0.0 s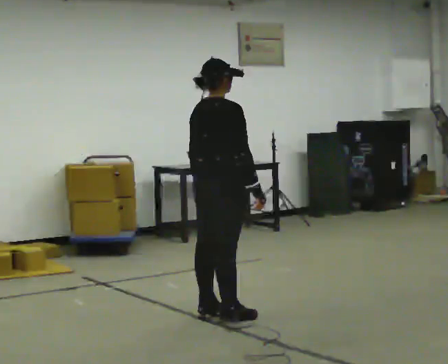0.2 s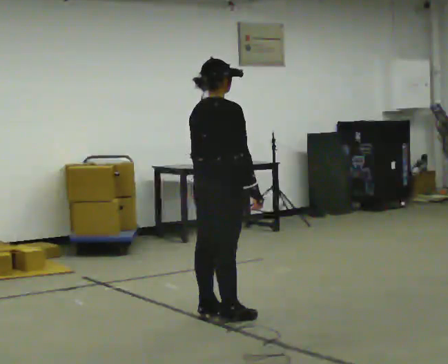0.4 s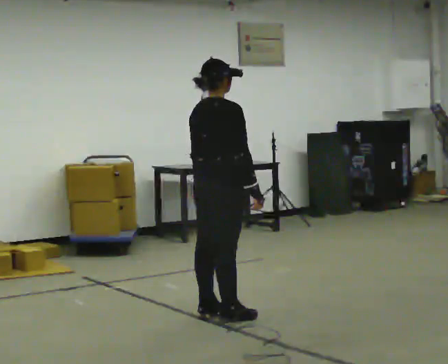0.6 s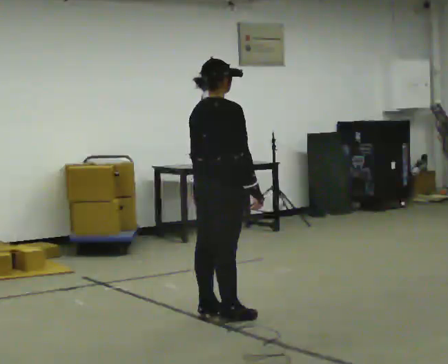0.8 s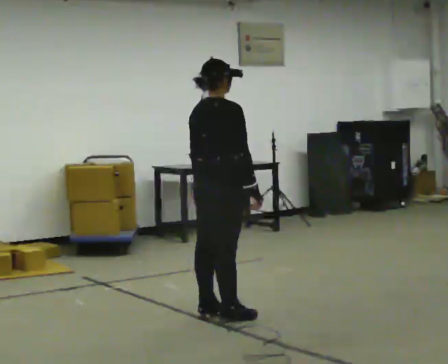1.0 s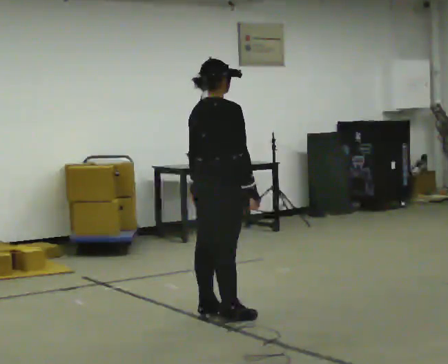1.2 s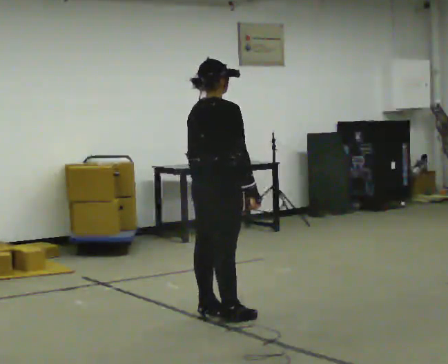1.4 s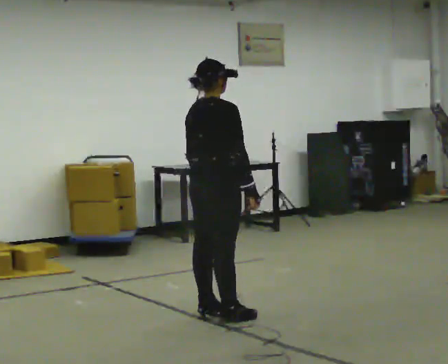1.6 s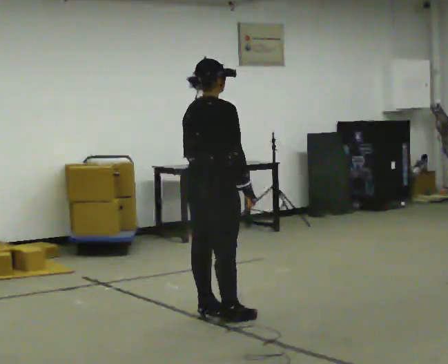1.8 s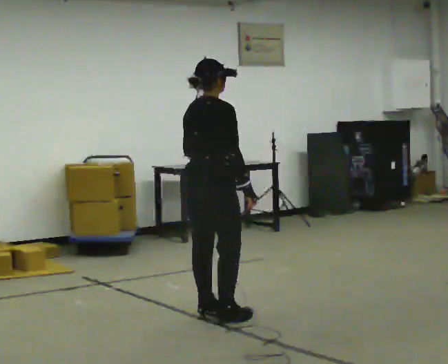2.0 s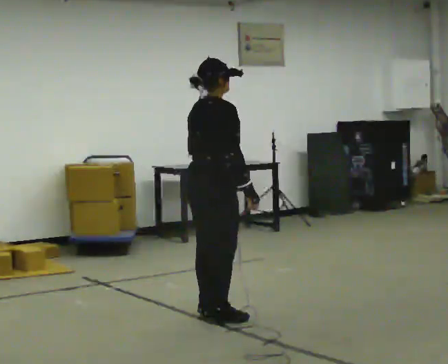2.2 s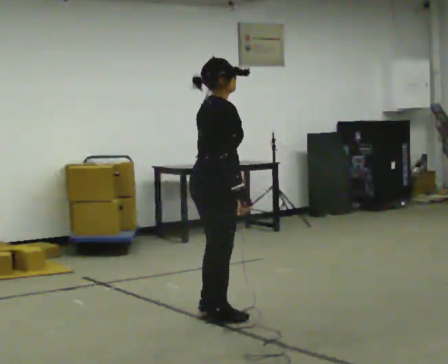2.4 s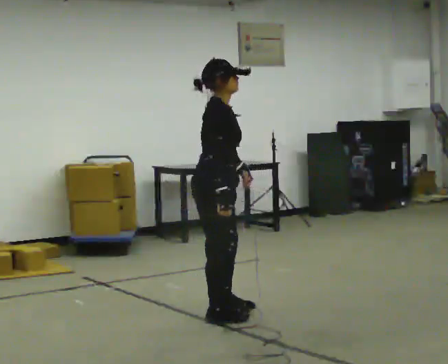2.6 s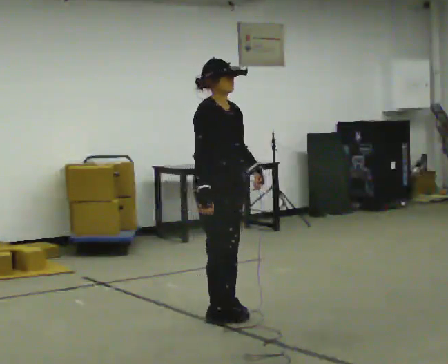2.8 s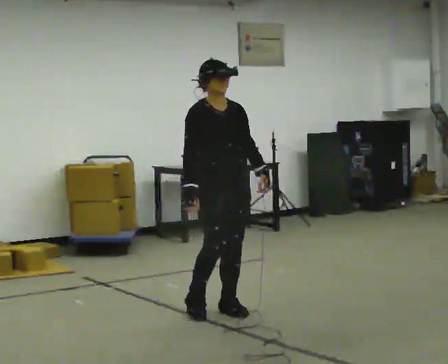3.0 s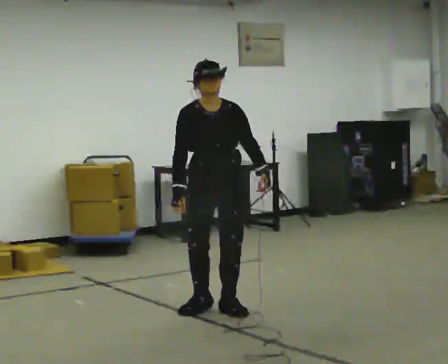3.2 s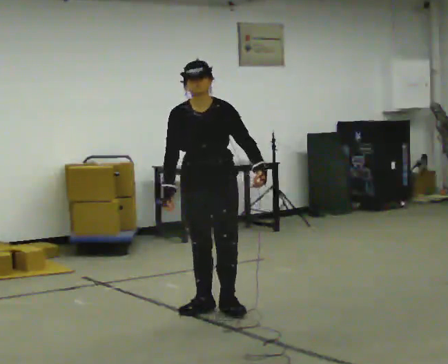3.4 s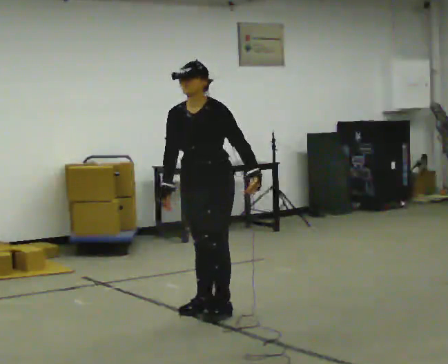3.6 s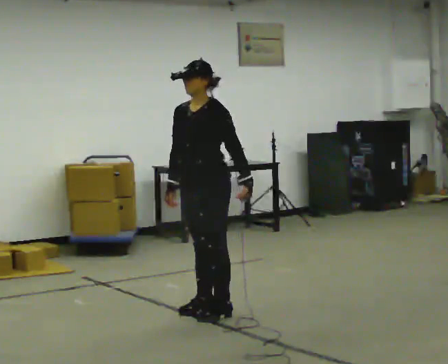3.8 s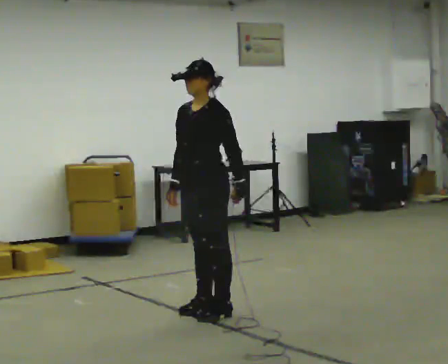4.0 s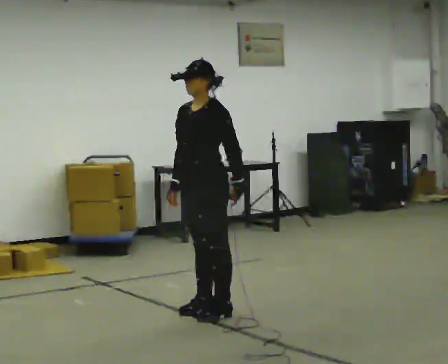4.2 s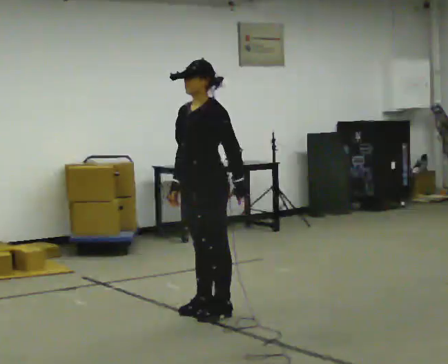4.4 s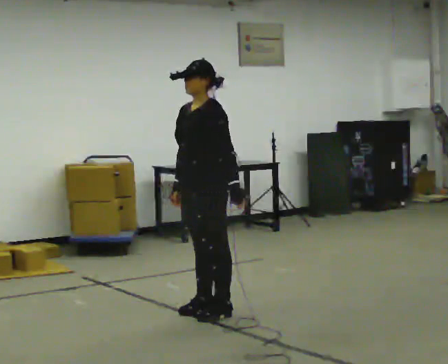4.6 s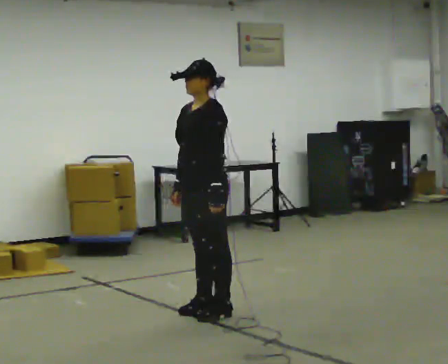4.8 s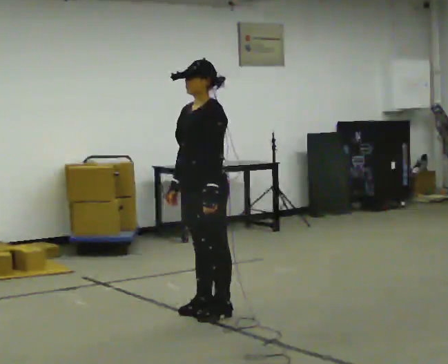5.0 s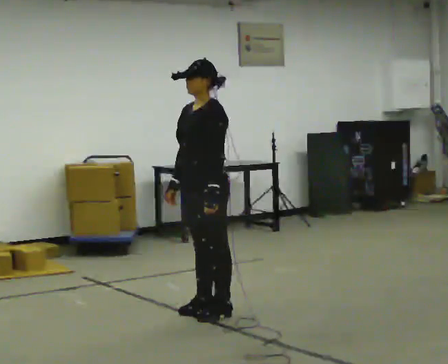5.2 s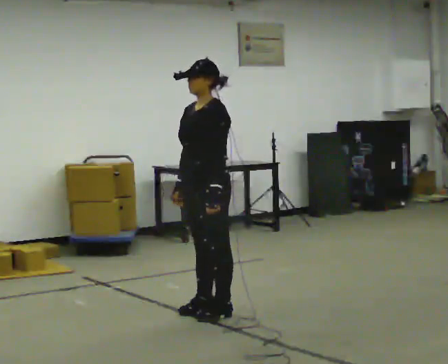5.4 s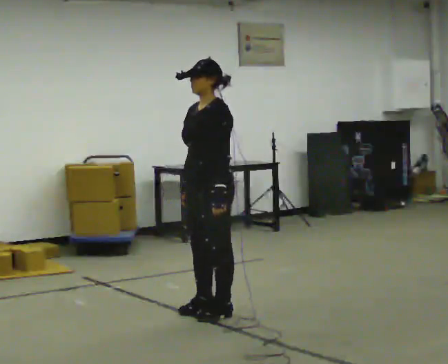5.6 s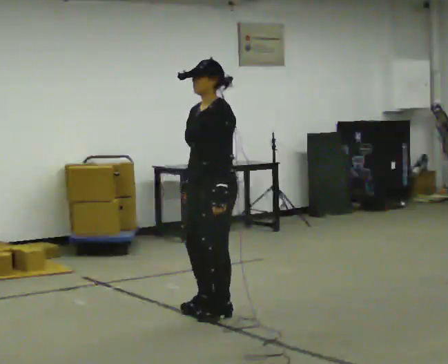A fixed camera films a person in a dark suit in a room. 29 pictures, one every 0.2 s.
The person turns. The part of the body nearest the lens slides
to the left.
The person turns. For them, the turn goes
to their right.
0.0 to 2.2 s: The person moves a little, or ends about where they began.
2.2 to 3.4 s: Seen from above the body turns clockwise, about 135 degrees: to their right, with its near side sliding to the left. In the picture they go away from the camera, about 0.25 m in 2 steps. In the picture the upper body tilts counterclockwise, shoulders to the left. In the picture their right hand goes to the left.
3.4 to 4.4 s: Seen from above the body turns clockwise, about 30 degrees: to their right, with its near side sliding to the left.
4.4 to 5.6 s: The person moves a little, or ends about where they began.
The film runs backward here.
